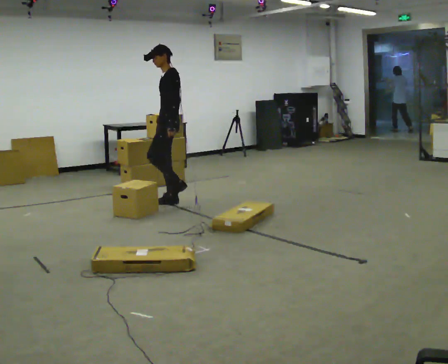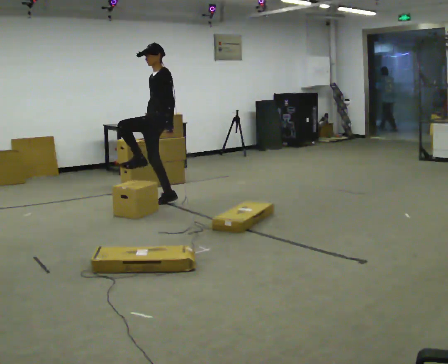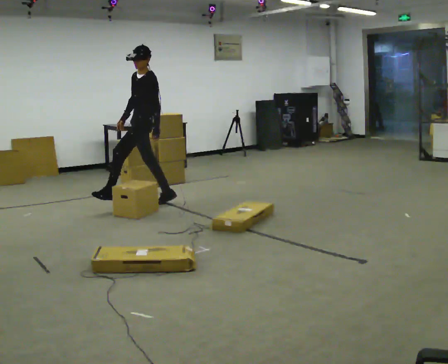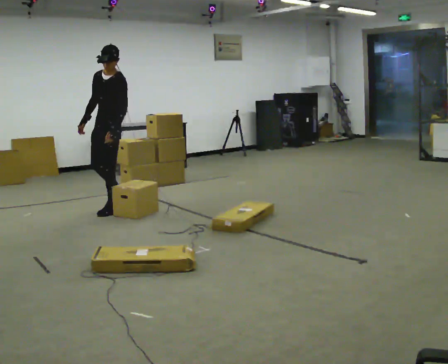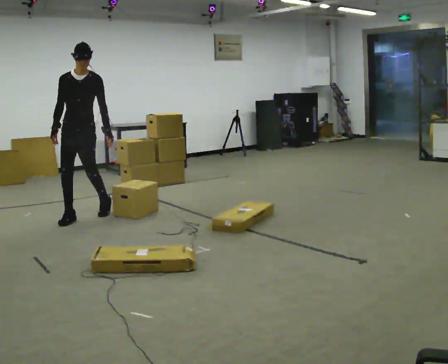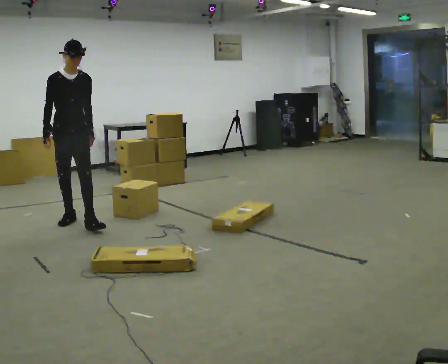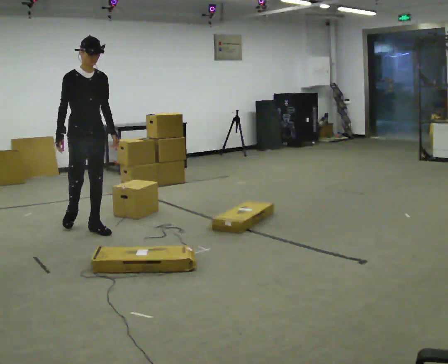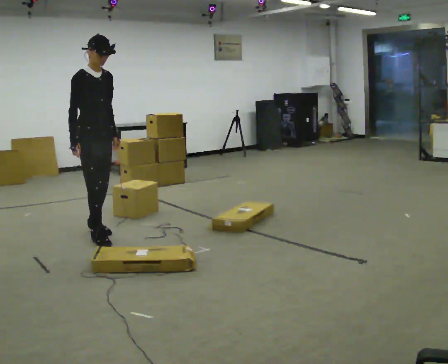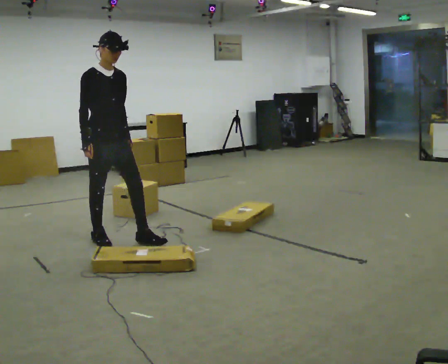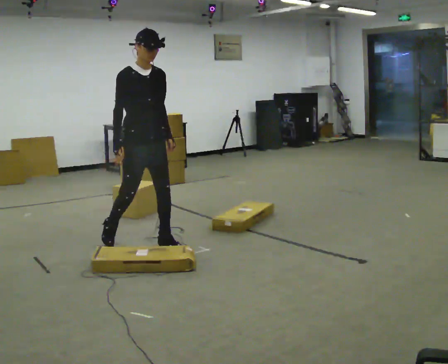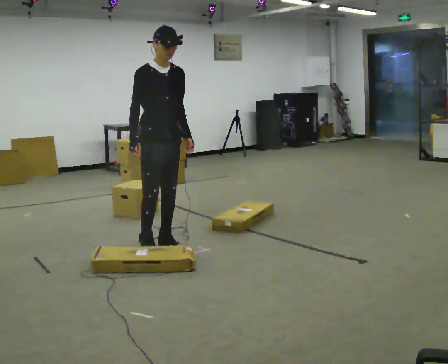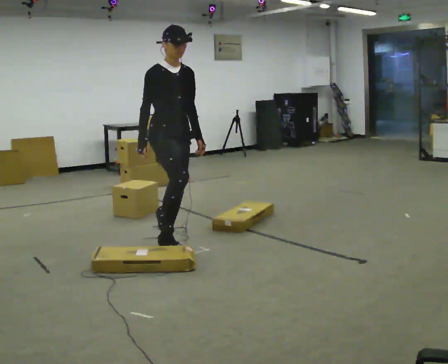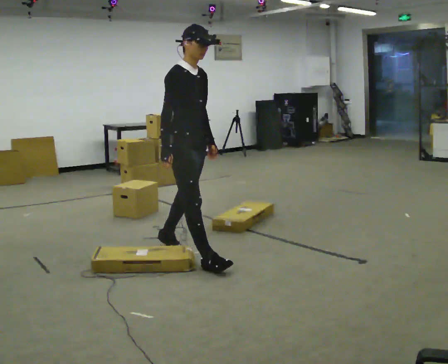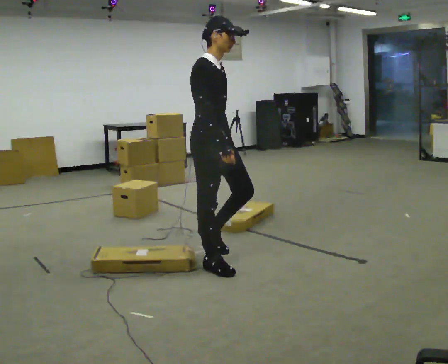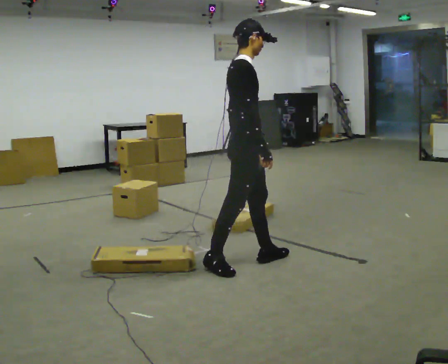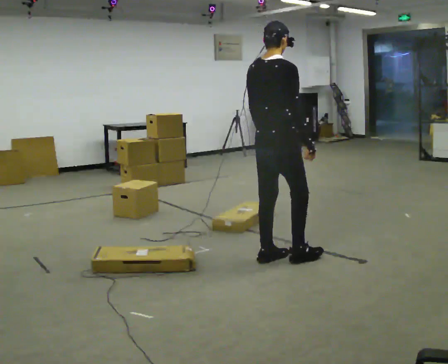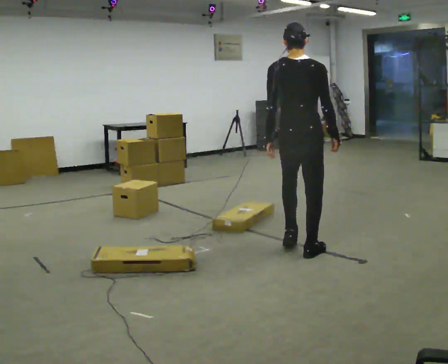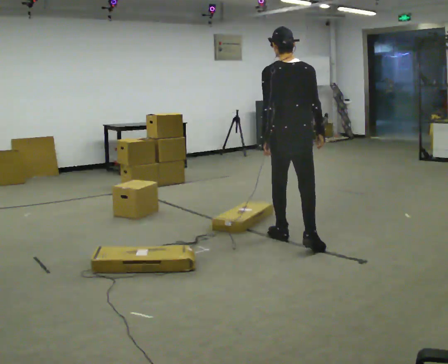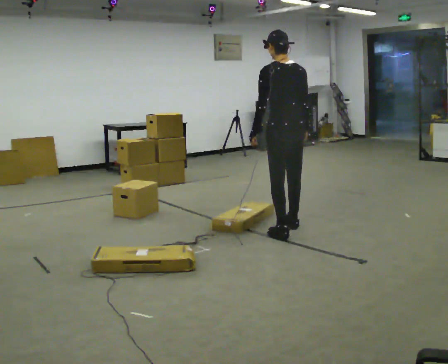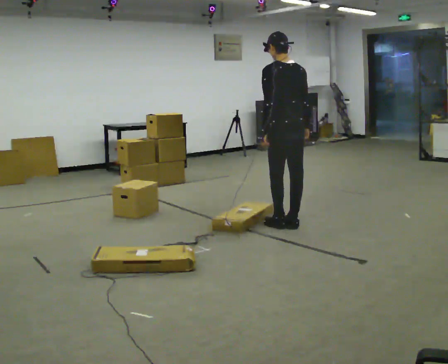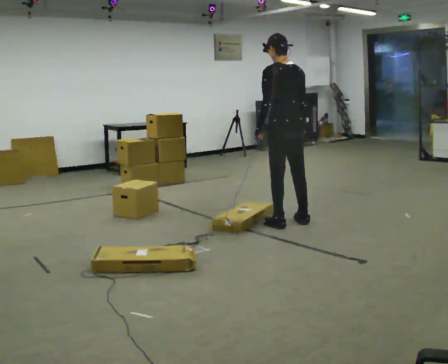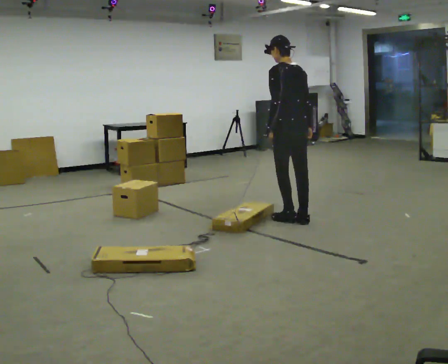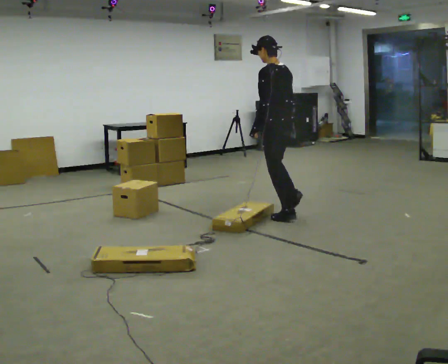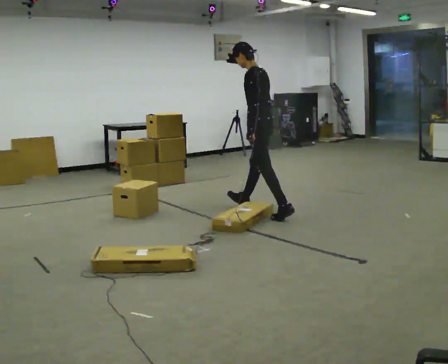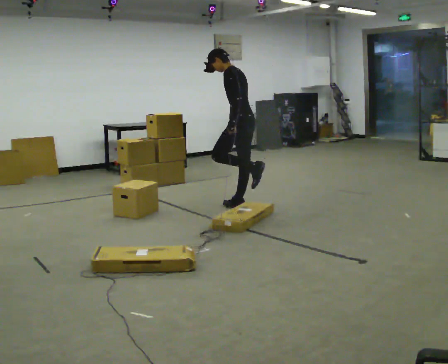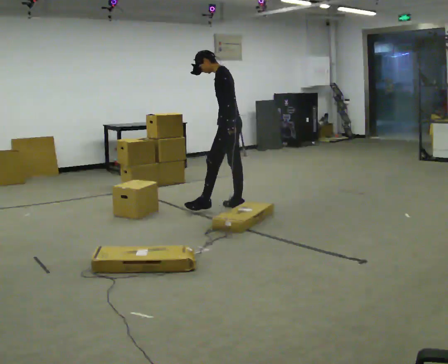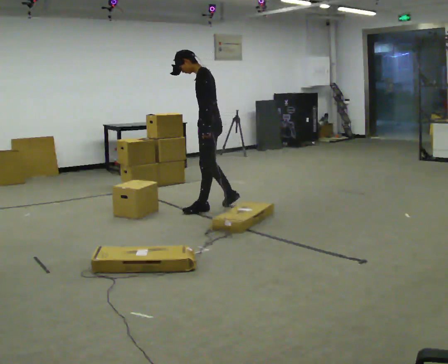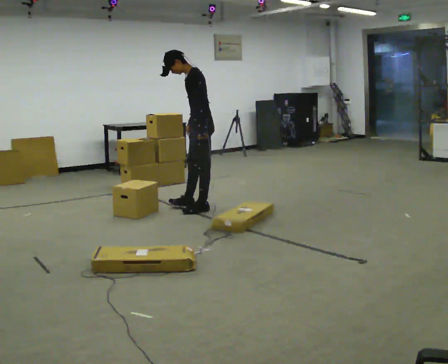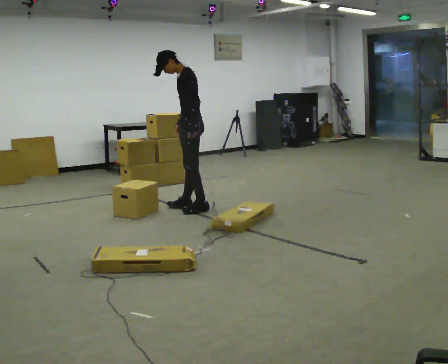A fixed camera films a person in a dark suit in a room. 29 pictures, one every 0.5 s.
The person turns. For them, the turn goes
to their left.
The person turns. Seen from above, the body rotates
counterclockwise.
0.0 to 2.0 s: Seen from above the body turns counterclockwise, about 75 degrees: to their left, with its near side sliding to the right. In the picture they go to the left and toward the camera, about 1 m in 2 steps.
2.0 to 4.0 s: The part of the body nearest the lens slides to the right as the person turns to their left by about 45 degrees. In the picture they go toward the camera and to the right, about 1 m in 2 steps, which for them is forward.
4.0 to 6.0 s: In the picture they go to the right and toward the camera, about 1 m in 3 steps, which for them is forward and to their left.
6.0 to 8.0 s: Seen from above the body turns counterclockwise, about 105 degrees: to their left, with its near side sliding to the right. In the picture they go to the right, about 1 m in 2 steps.
8.0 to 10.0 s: The person turns about 45 degrees to their left, counterclockwise seen from above, so the part of the body nearest the lens slides to the right. In the picture they go away from the camera, about 1 m in 4 steps, which for them is forward.
10.0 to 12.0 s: The part of the body nearest the lens slides to the right as the person turns to their left by about 45 degrees. In the picture they go away from the camera and to the left, about 1 m in 2 steps, which for them is forward. In the picture the upper body tilts counterclockwise, shoulders to the left.
12.0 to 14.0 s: The person turns about 30 degrees to their left, counterclockwise seen from above, so the part of the body nearest the lens slides to the right. In the picture they go to the left, about 0.5 m in 2 steps, which for them is forward.
The film runs forward here.
